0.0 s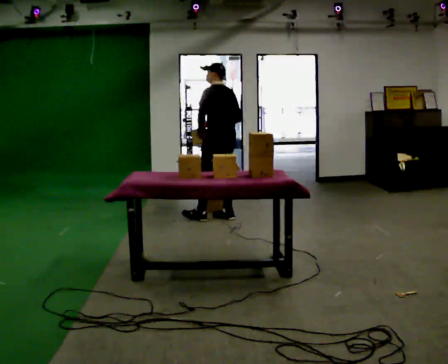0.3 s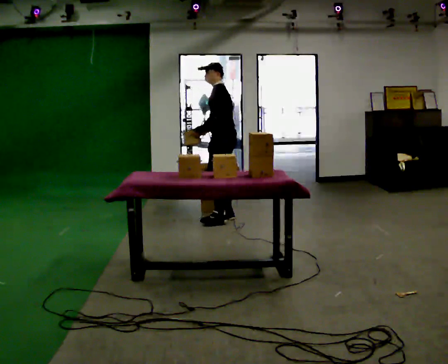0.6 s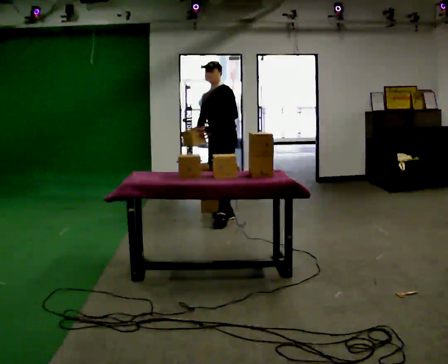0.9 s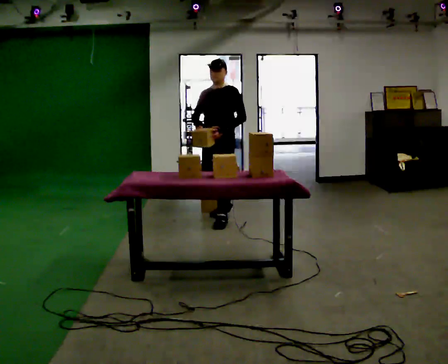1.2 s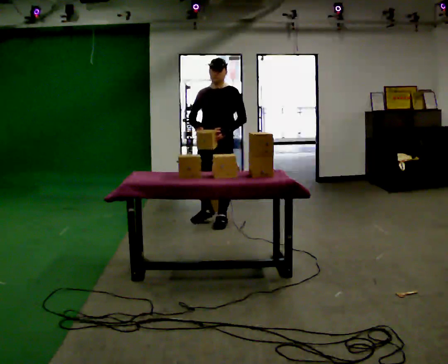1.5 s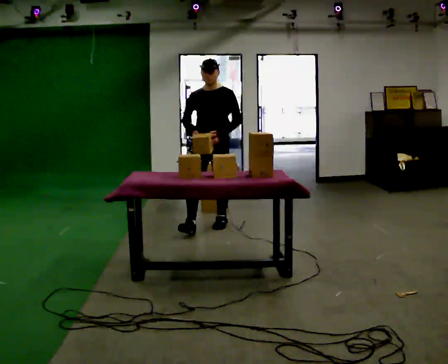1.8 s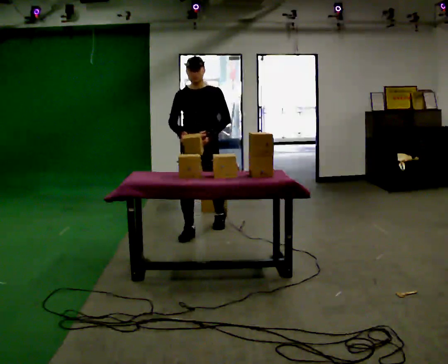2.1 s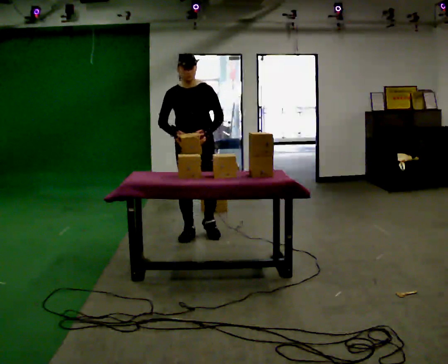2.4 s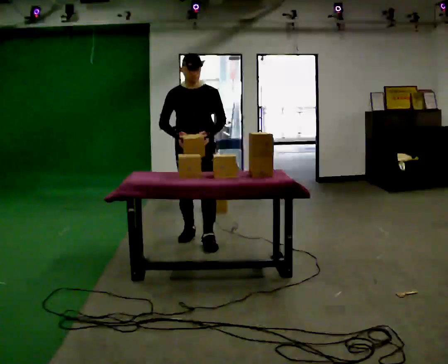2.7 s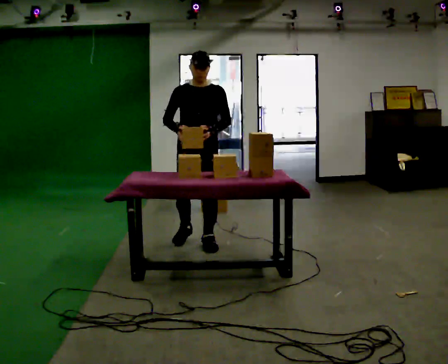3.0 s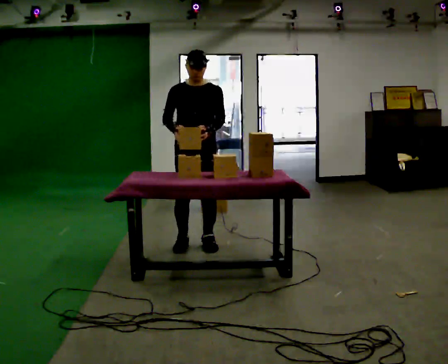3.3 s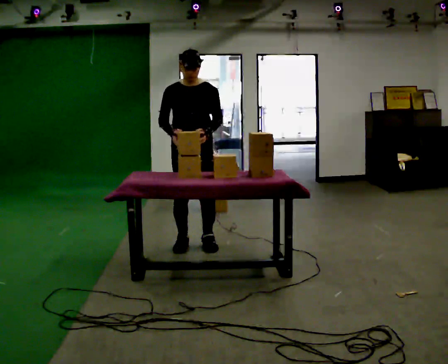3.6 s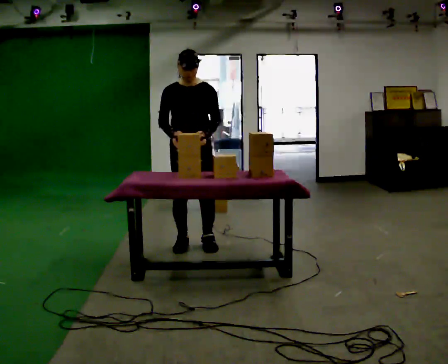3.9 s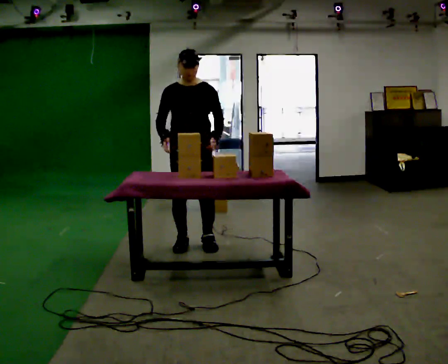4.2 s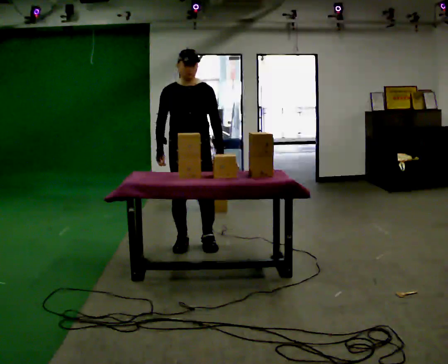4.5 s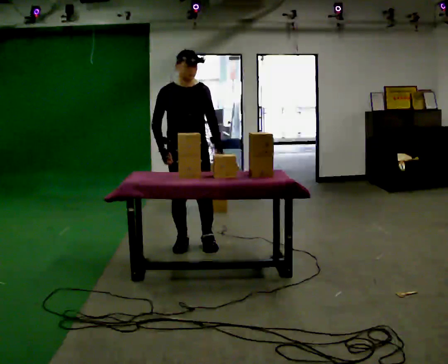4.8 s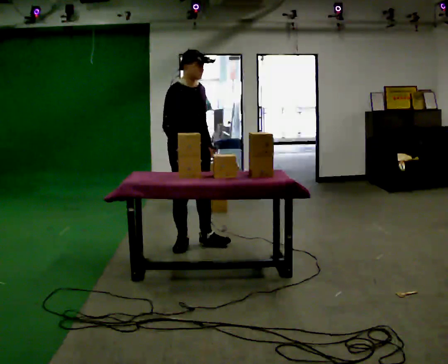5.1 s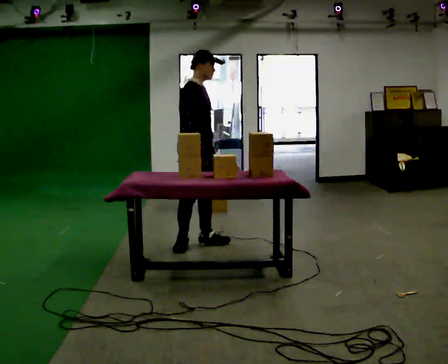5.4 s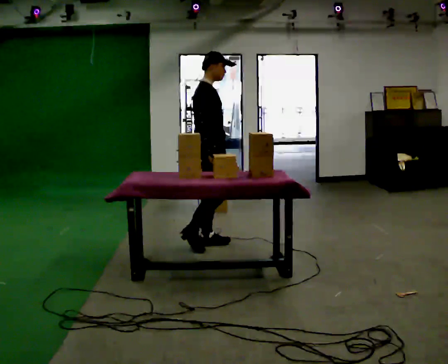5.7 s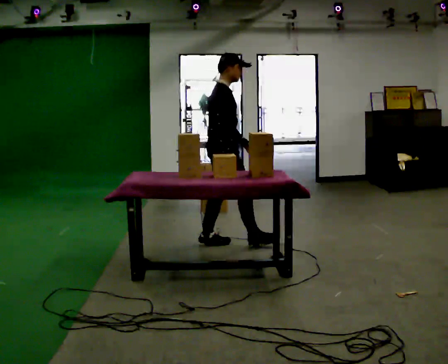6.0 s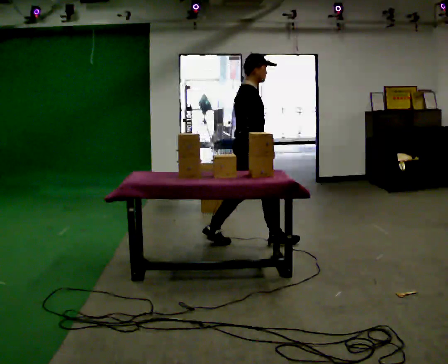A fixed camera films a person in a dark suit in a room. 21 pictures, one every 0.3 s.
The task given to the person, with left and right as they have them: Take the objects from the bin one at a time and put one in each of the places the operator points out. Keep going until the operator says stop; one object at a time, and do not rush between trips.
0.0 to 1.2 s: The person turns about 105 degrees to their left, counterclockwise seen from above, so the part of the body nearest the lens slides to the right. In the picture they go toward the camera, about 0.25 m in 1 step.
1.2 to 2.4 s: In the picture they go toward the camera, about 0.75 m in 2 steps, which for them is forward.
2.4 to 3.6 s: In the picture they go toward the camera, about 0.25 m in 1 step, which for them is forward.
3.6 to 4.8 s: The part of the body nearest the lens slides to the right as the person turns to their left by about 45 degrees.
4.8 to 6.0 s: Seen from above the body turns counterclockwise, about 45 degrees: to their left, with its near side sliding to the right. In the picture they go to the right, about 0.5 m in 1 step, which for them is forward.
The film runs forward here.
